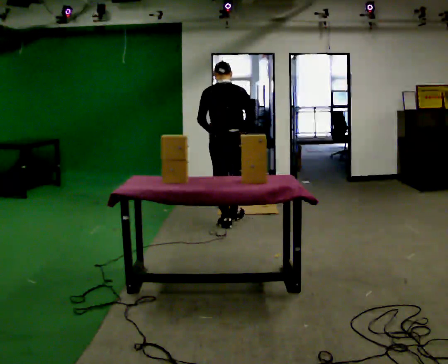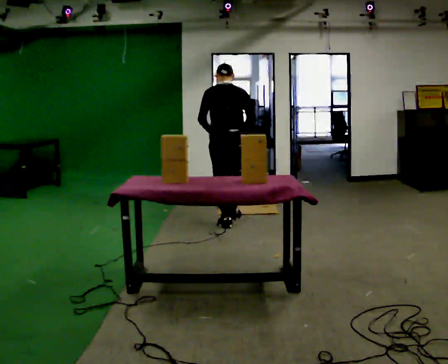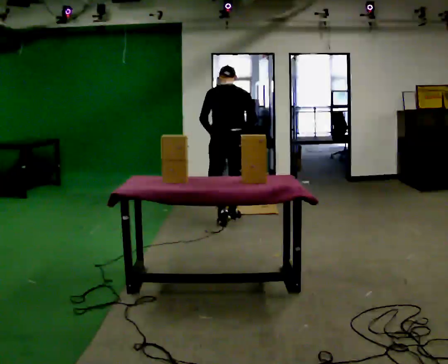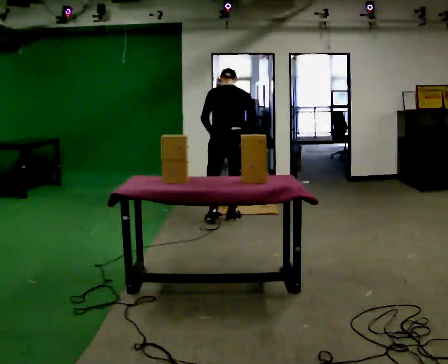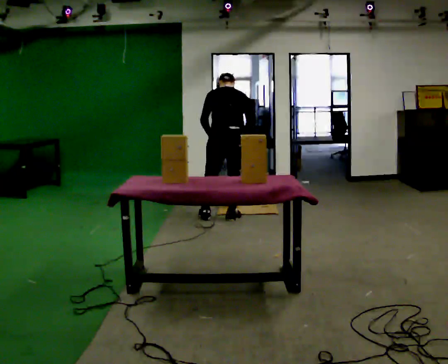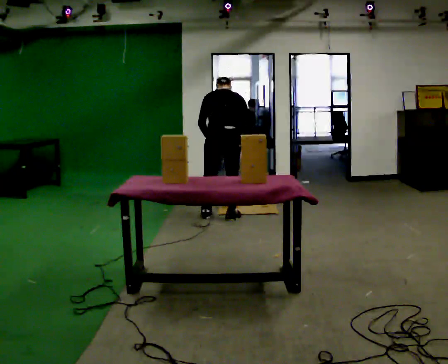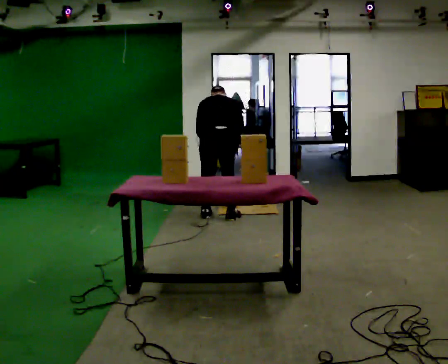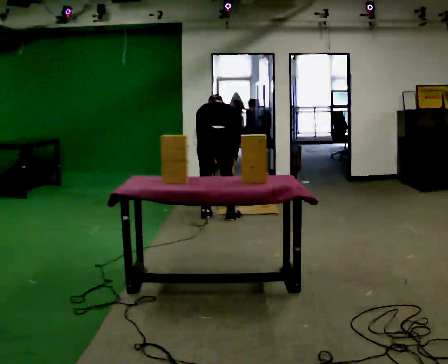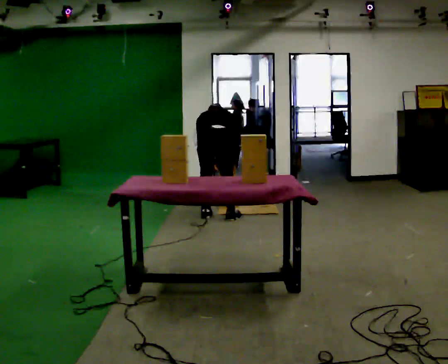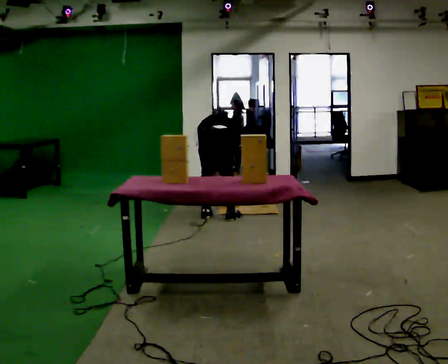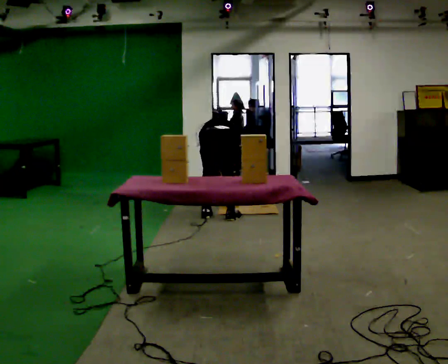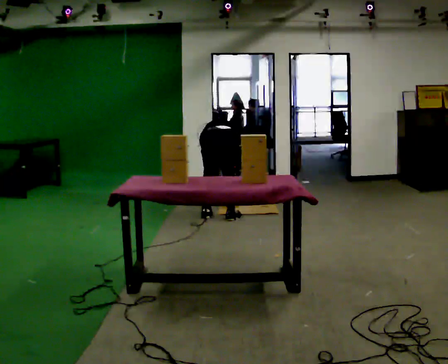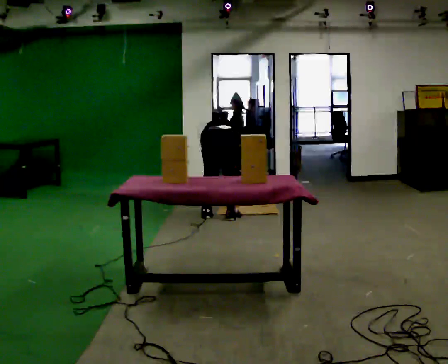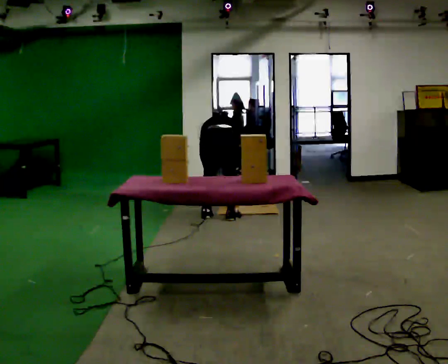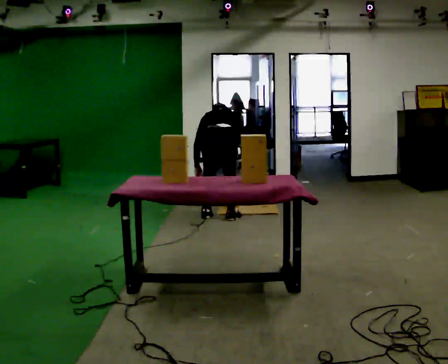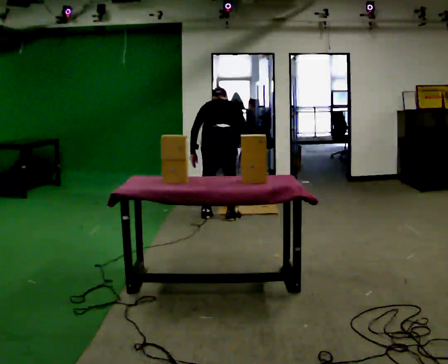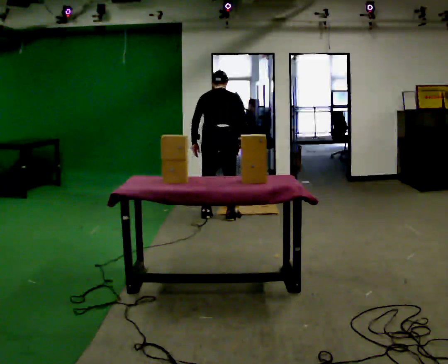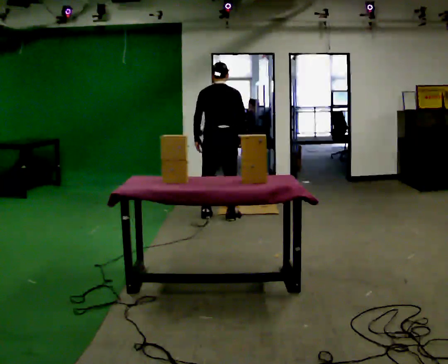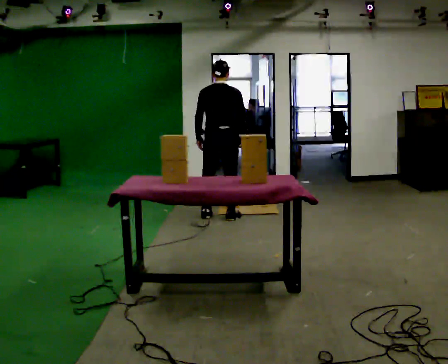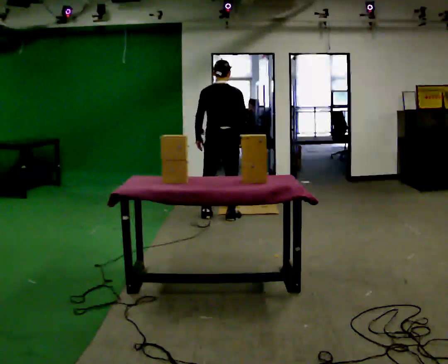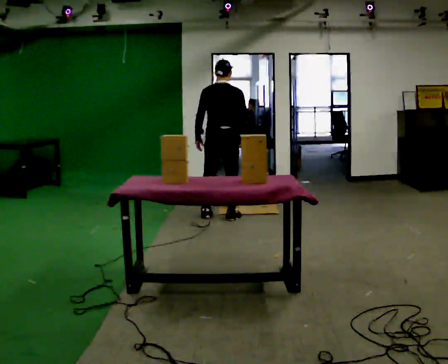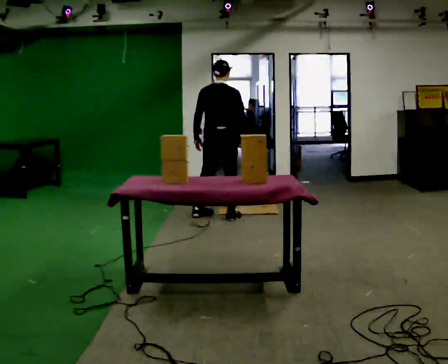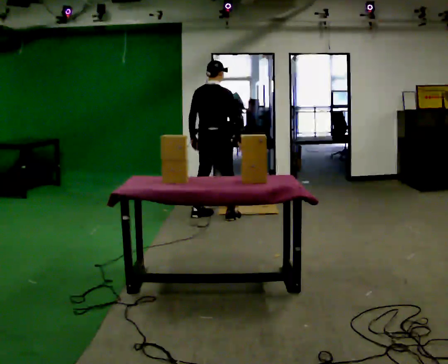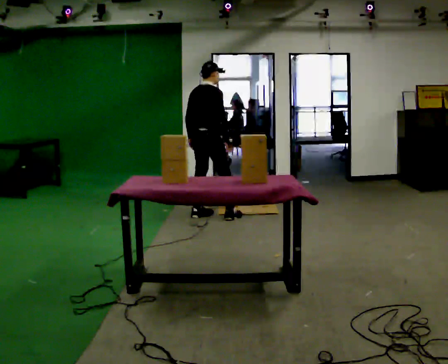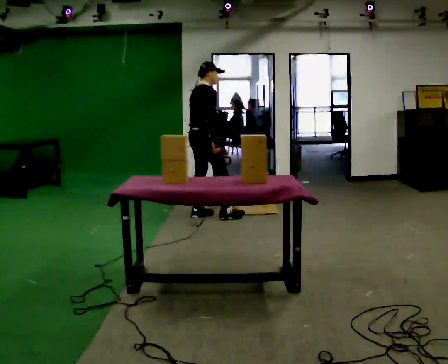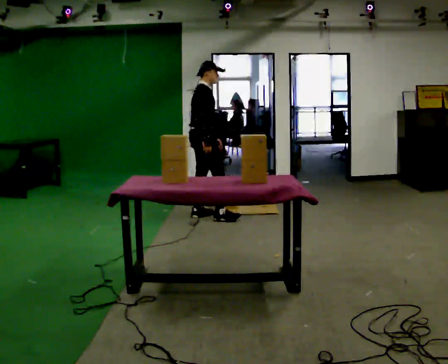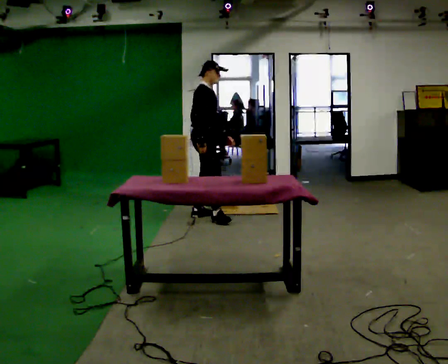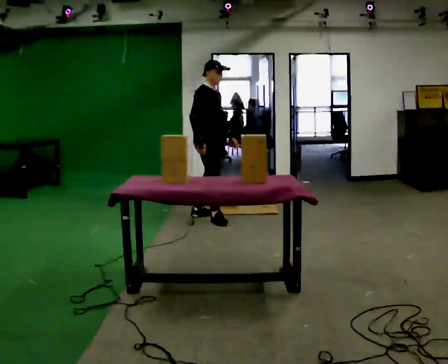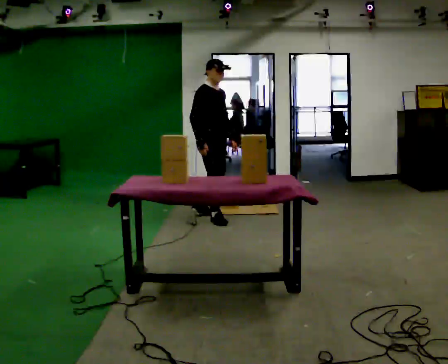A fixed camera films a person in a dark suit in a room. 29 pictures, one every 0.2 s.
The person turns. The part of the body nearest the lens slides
to the left.
The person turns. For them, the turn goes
to their right.
0.0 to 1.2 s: In the picture they go away from the camera, about 0.25 m in 2 steps, which for them is forward. The upper body tips away from the camera, its near side rolling upward, as they bend forward.
1.2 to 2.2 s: The upper body goes downward. The upper body tips away from the camera, its near side rolling upward, as they bend forward. In the picture their left hand goes downward.
2.2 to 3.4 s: In the picture they go away from the camera, about 0.25 m, which for them is forward. The shoulders move upward. The upper body tips toward the camera, its near side rolling downward, as they lean back or straighten. In the picture their left hand goes upward.
3.4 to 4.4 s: The person moves a little, or ends about where they began.
4.4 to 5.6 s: The person turns about 90 degrees to their right, clockwise seen from above, so the part of the body nearest the lens slides to the left. In the picture they go toward the camera, about 0.25 m. In the picture their left hand goes to the right, the arm swinging counterclockwise.
The film runs forward here.
